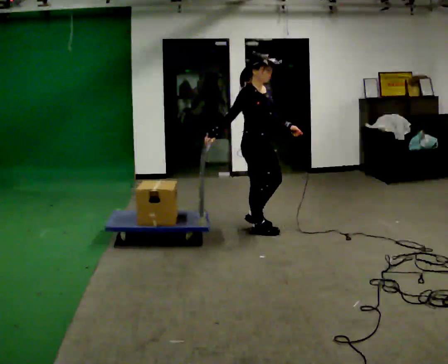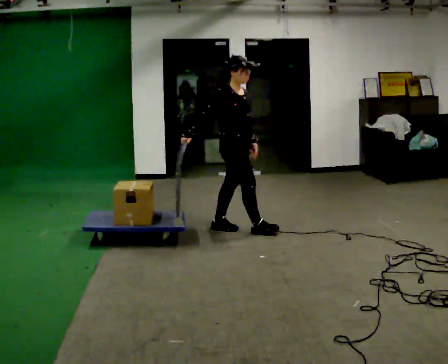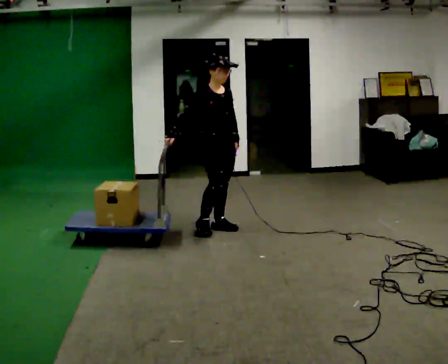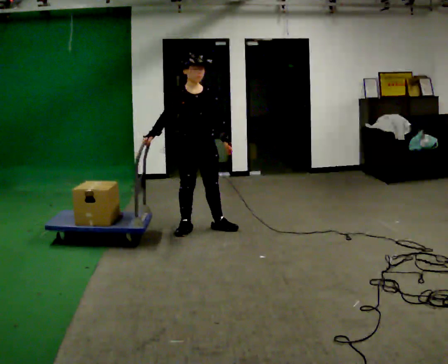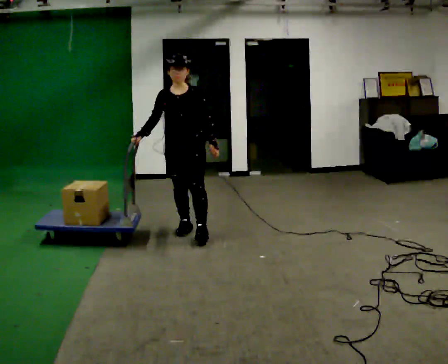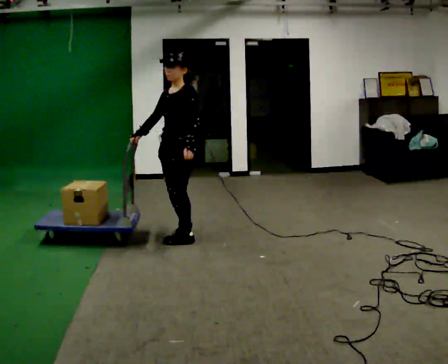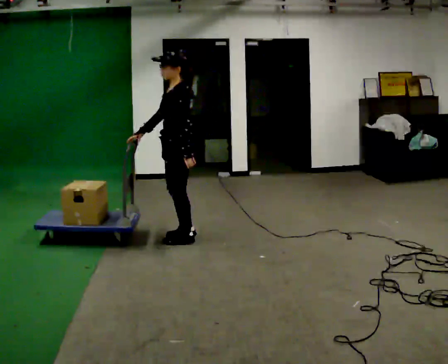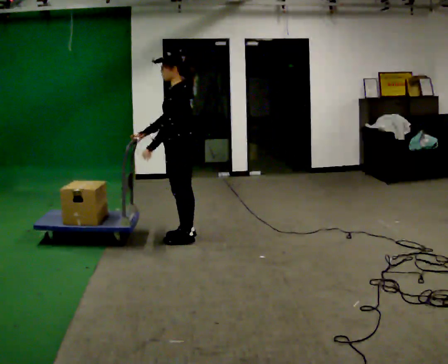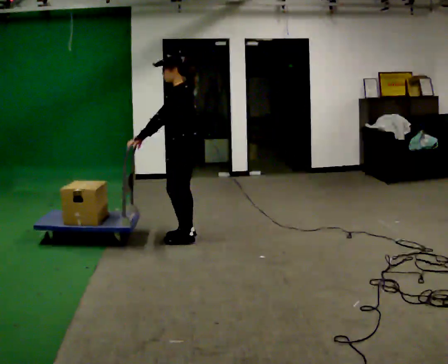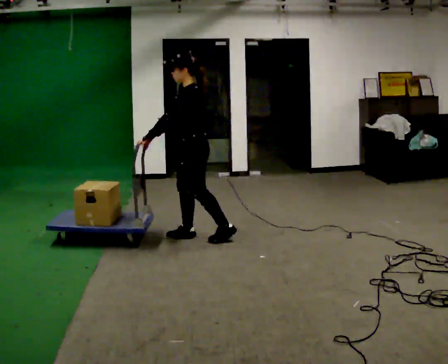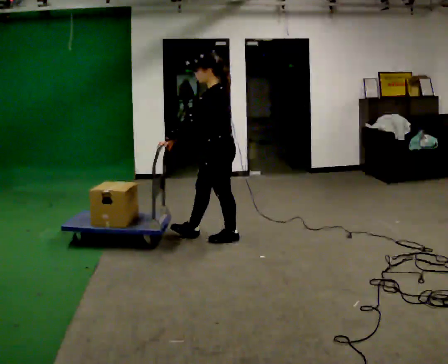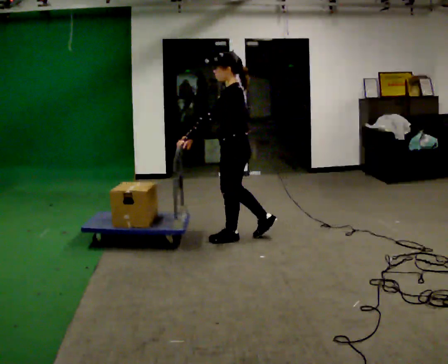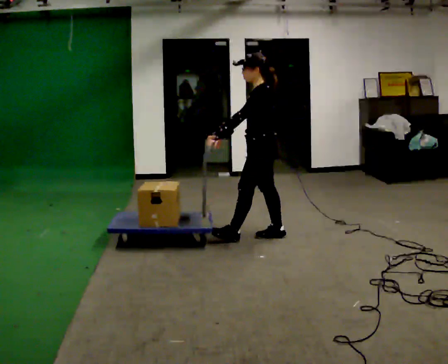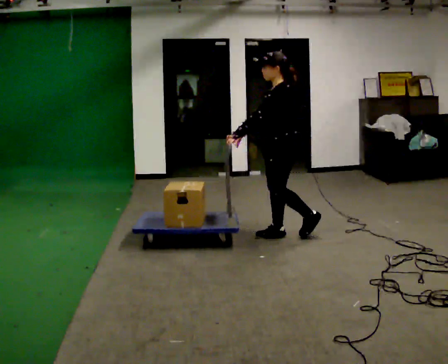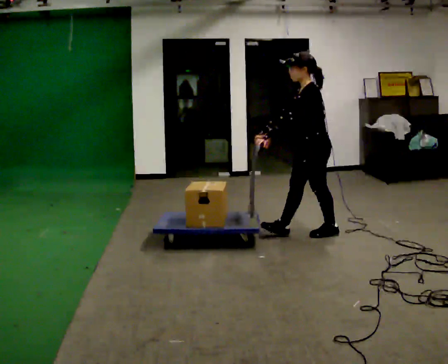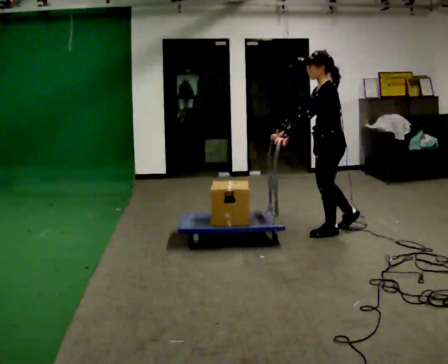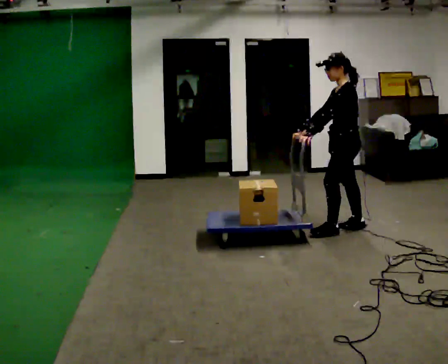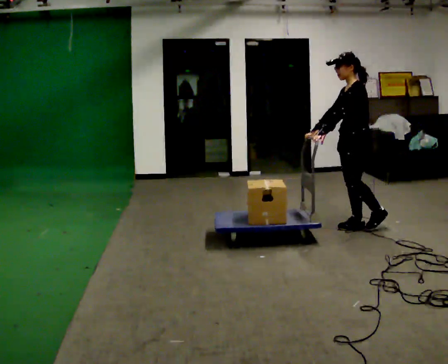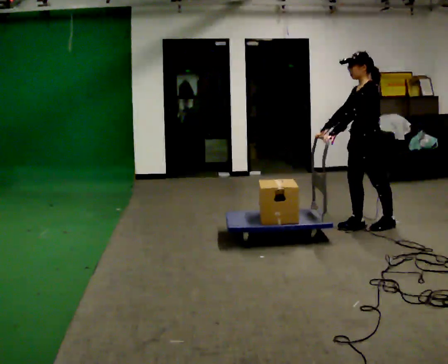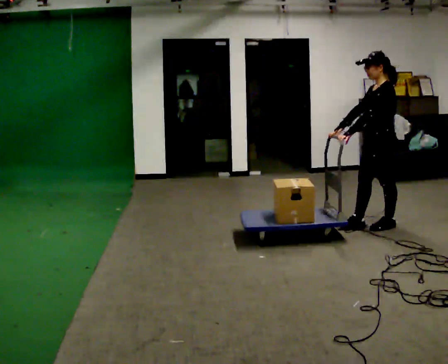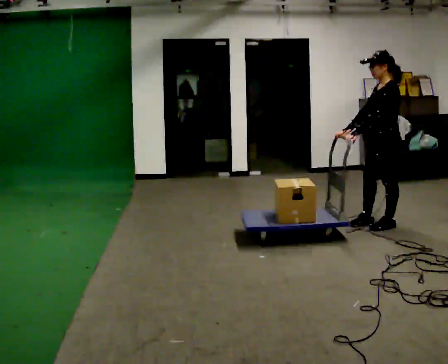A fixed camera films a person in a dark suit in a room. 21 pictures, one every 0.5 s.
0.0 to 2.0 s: The person turns about 75 degrees to their right, clockwise seen from above, so the part of the body nearest the lens slides to the left. In the picture they go to the left, about 0.75 m in 2 steps.
2.0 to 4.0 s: Seen from above the body turns clockwise, about 90 degrees: to their right, with its near side sliding to the left. In the picture they go toward the camera, about 0.25 m in 1 step. In the picture their left hand goes to the left, the arm swinging clockwise.
4.0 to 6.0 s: In the picture they go to the right, about 0.75 m in 2 steps, which for them is backward.
6.0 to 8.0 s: In the picture they go to the right, about 0.5 m in 2 steps, which for them is backward.
8.0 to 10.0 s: In the picture they go to the right, about 0.5 m in 1 step, which for them is backward.
The film runs backward here.
